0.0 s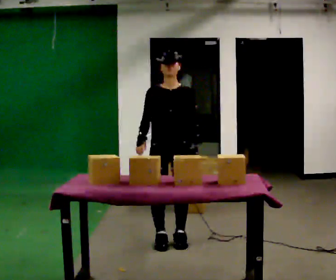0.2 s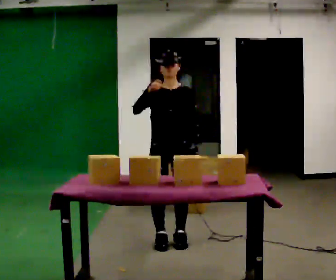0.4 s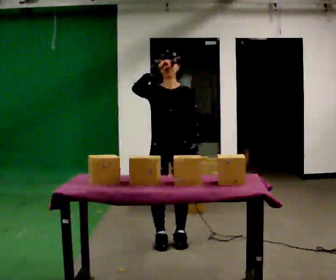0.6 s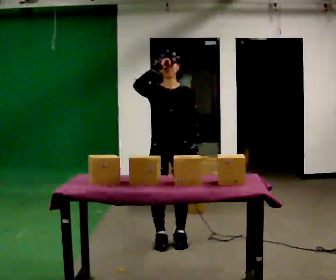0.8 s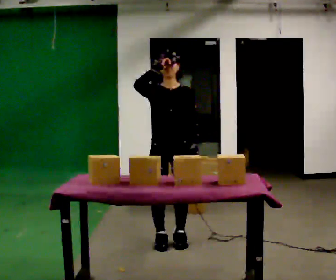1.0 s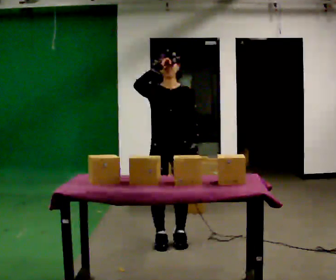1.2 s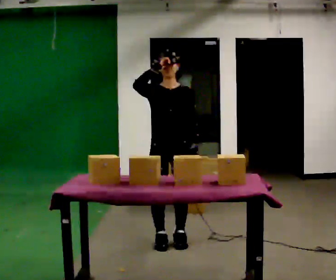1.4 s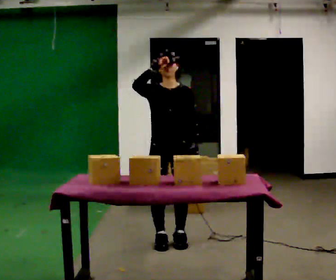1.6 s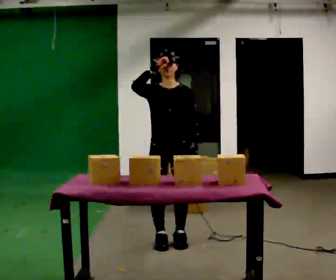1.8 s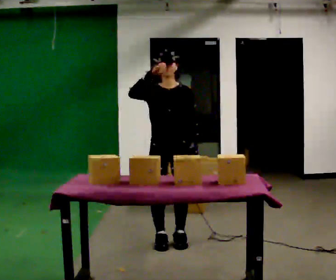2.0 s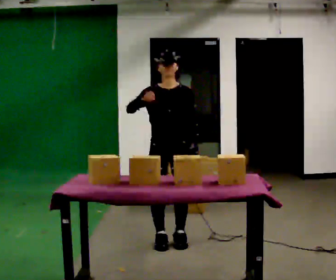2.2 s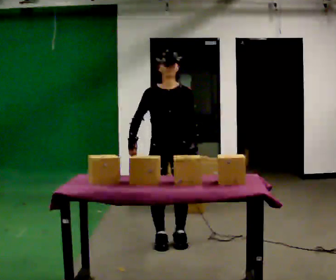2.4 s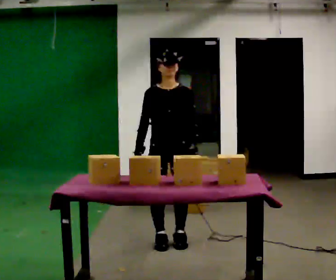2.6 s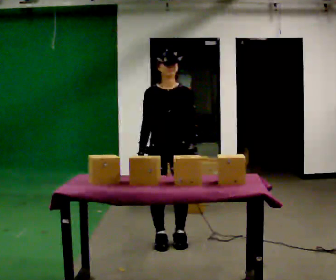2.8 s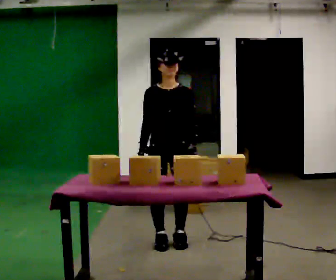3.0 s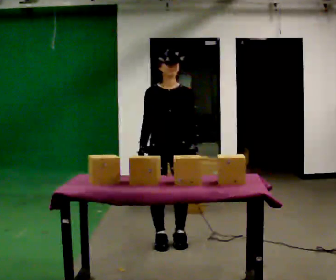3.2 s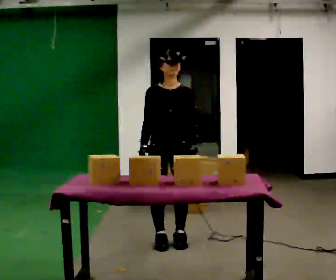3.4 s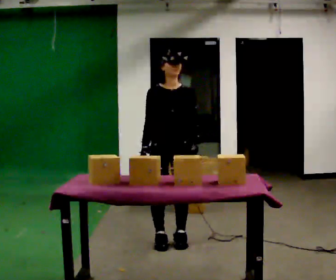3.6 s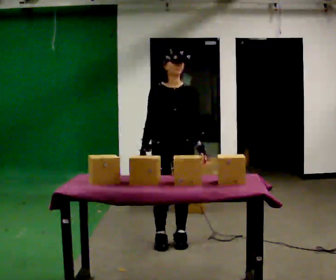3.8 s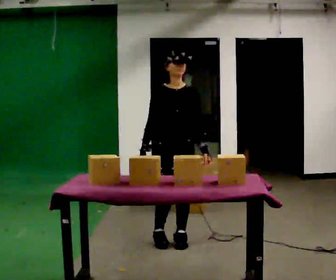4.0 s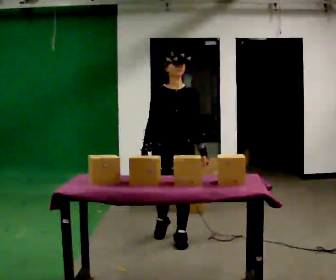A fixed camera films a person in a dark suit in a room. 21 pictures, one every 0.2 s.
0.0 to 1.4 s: In the picture their right hand goes upward.
1.4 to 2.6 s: In the picture their right hand goes downward.
2.6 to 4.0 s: The person moves a little, or ends about where they began.
The film runs backward here.
